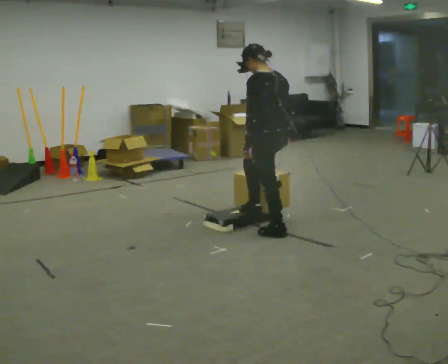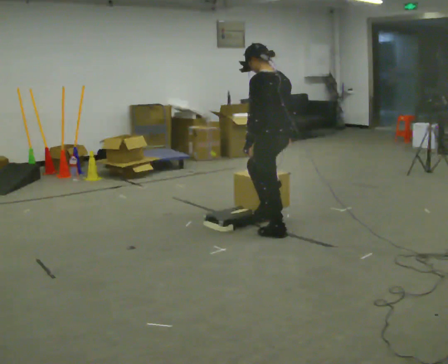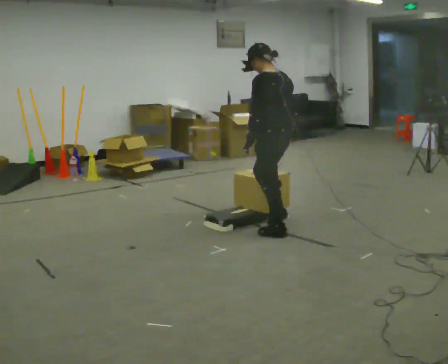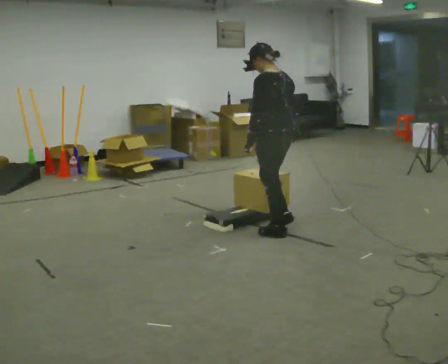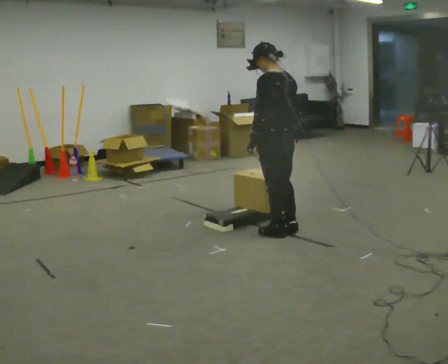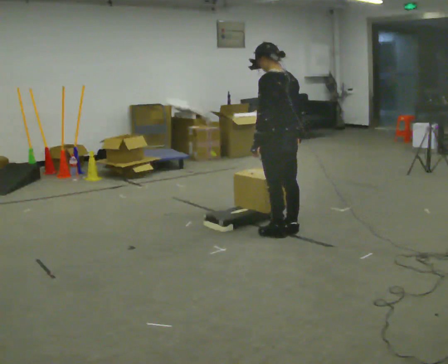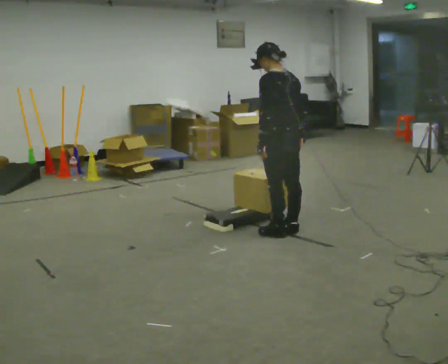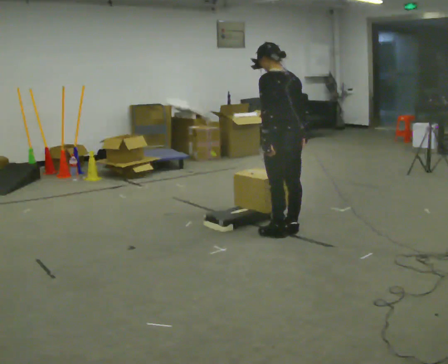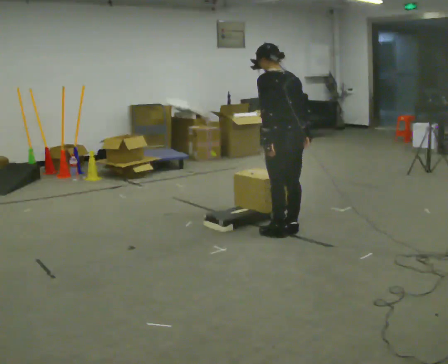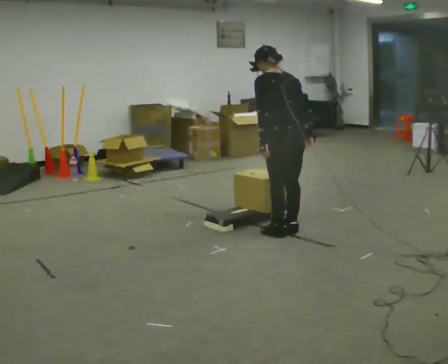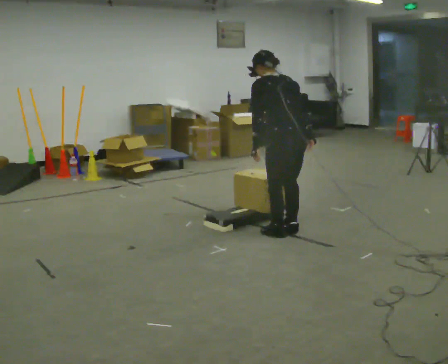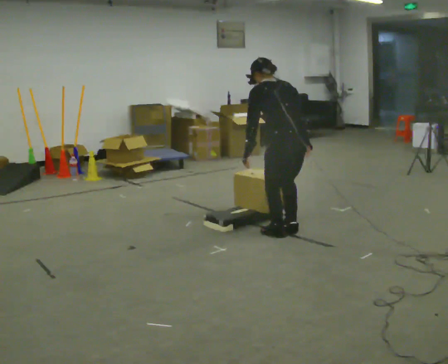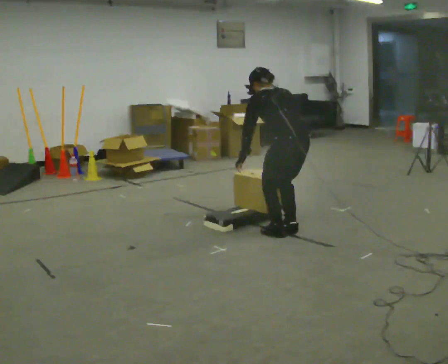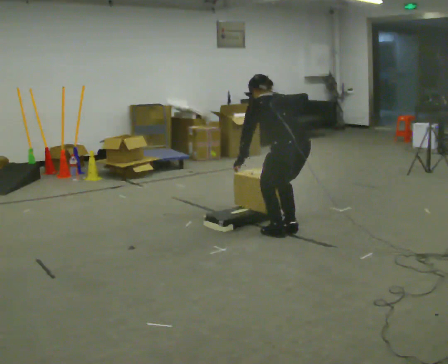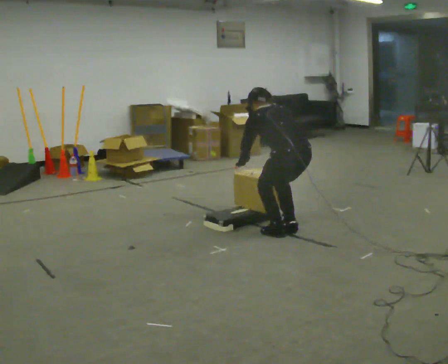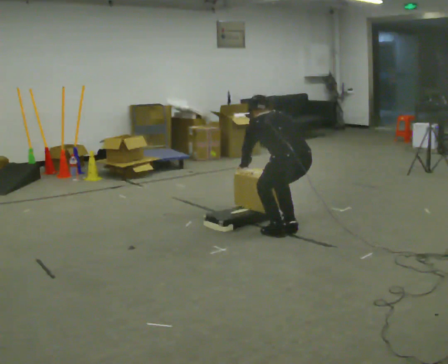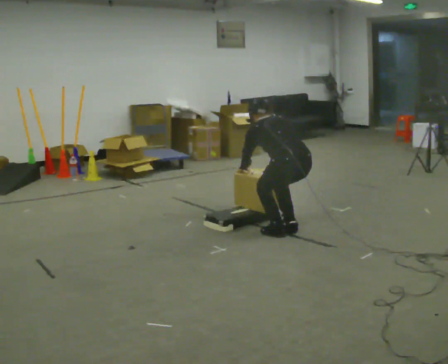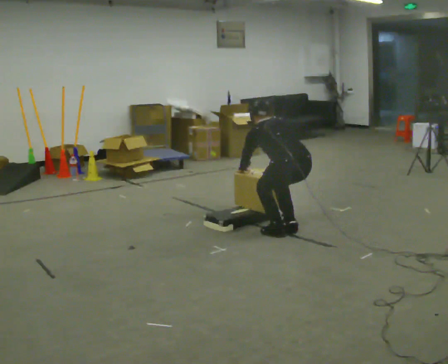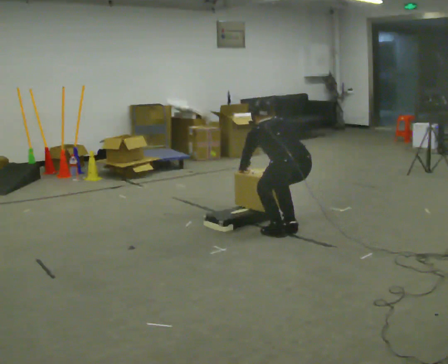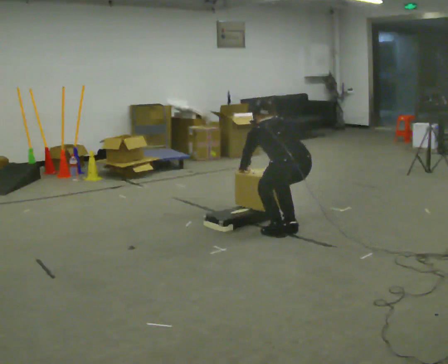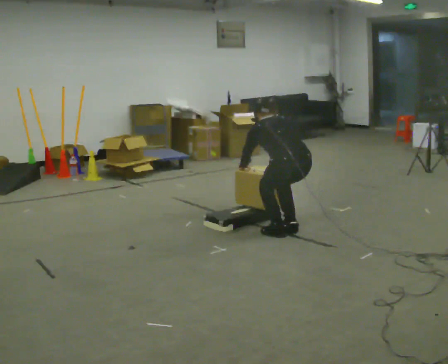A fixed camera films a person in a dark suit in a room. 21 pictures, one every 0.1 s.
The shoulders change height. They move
downward.
The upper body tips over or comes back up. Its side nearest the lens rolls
upward.
0.0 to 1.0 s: The upper body tips away from the camera, its near side rolling upward, as they bend forward.
1.0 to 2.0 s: The shoulders move downward. The upper body tips away from the camera, its near side rolling upward, as they bend forward.
The film runs backward here.
